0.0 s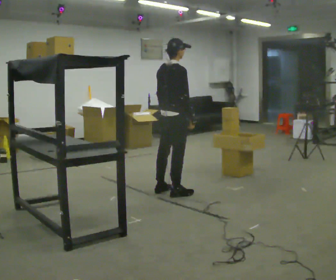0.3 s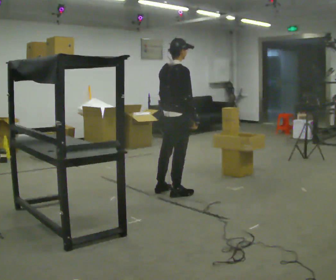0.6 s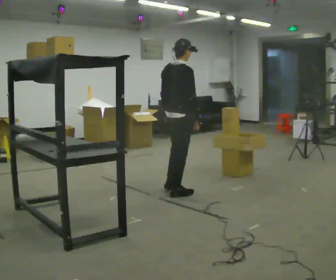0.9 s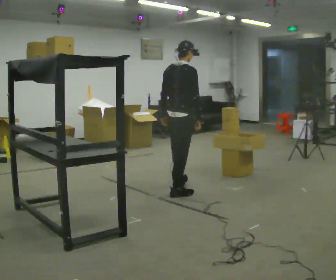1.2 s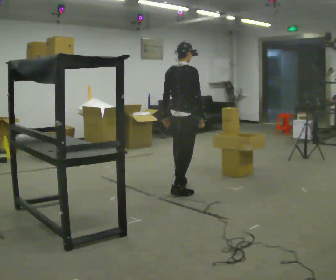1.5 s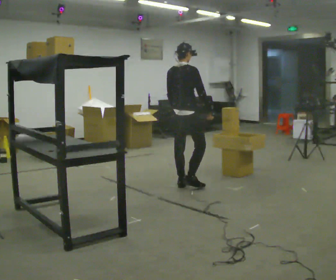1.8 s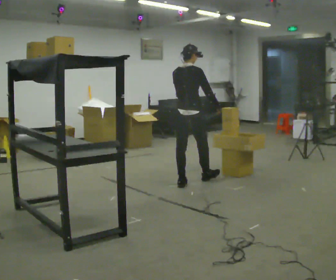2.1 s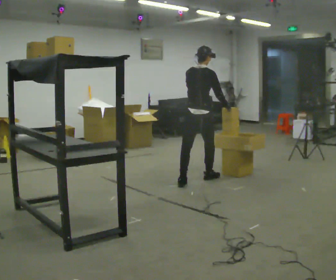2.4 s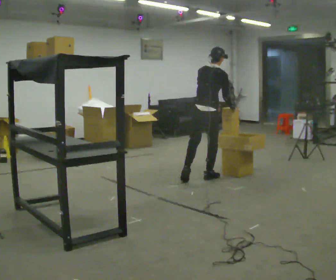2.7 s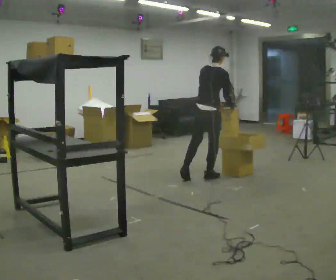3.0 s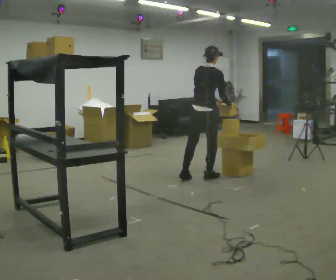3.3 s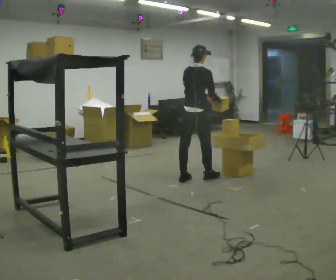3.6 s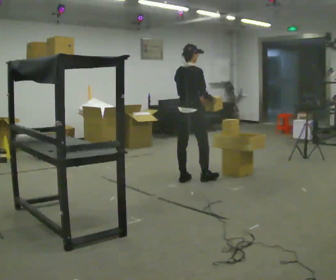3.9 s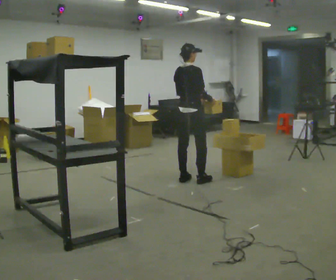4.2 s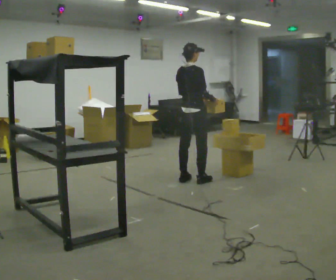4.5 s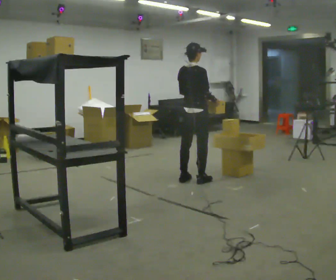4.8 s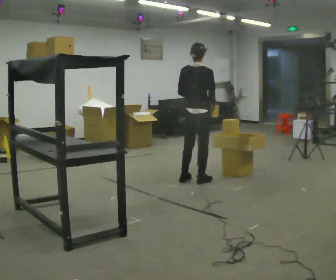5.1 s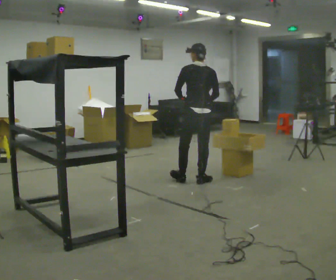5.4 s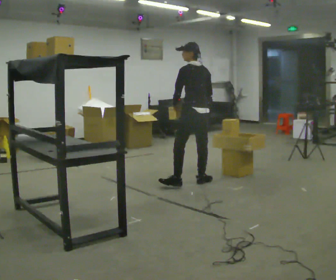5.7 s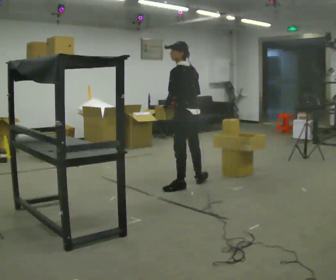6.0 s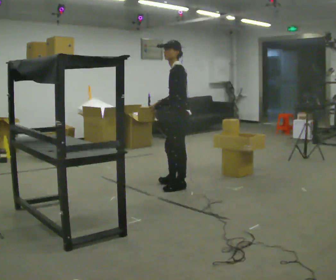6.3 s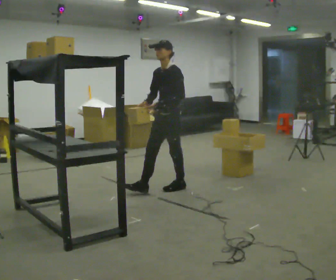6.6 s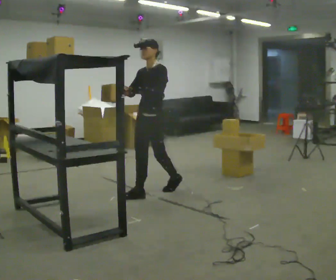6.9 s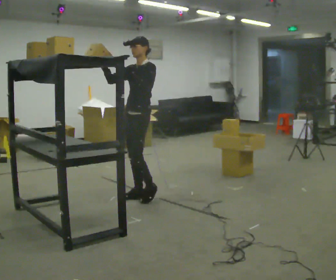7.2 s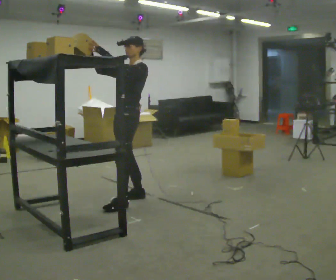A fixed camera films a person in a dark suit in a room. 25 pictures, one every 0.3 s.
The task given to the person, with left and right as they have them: Take an object from the waist-height shelf, carry it across the room, and place it on the highest shelf you can comfortably reach. Keep going until the operator says stop; one object at a time, and do not rush between trips.
0.0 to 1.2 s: In the picture they go away from the camera, about 0.25 m in 1 step, which for them is forward.
1.2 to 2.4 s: In the picture they go away from the camera and to the right, about 0.5 m in 1 step, which for them is forward. In the picture the upper body tilts clockwise, shoulders to the right, as they bend forward.
2.4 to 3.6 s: In the picture they go to the left, about 0.25 m in 1 step, which for them is to their left and backward. In the picture the upper body tilts counterclockwise, shoulders to the left, as they lean back or straighten.
3.6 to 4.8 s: The person moves a little, or ends about where they began.
4.8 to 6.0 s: The person turns about 105 degrees to their left, counterclockwise seen from above, so the part of the body nearest the lens slides to the right. In the picture they go toward the camera and to the left, about 0.25 m in 1 step.
6.0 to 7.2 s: The person turns about 45 degrees to their left, counterclockwise seen from above, so the part of the body nearest the lens slides to the right. In the picture they go toward the camera and to the left, about 0.5 m in 2 steps, which for them is forward. In the picture the upper body tilts clockwise, shoulders to the right, as they lean back or straighten. In the picture their right hand goes upward, the arm swinging clockwise.
The film runs forward here.
